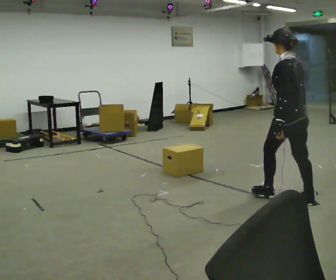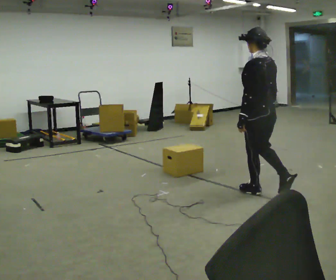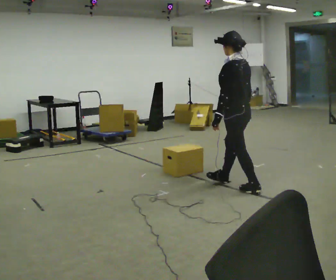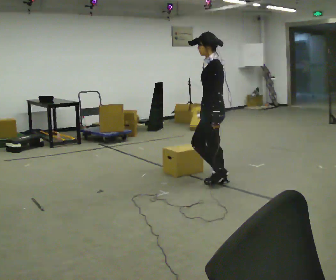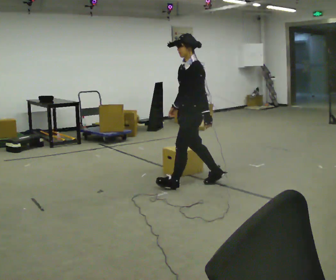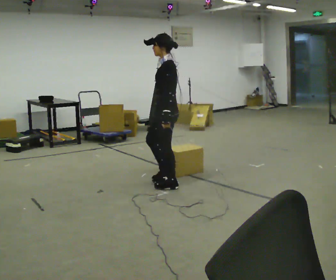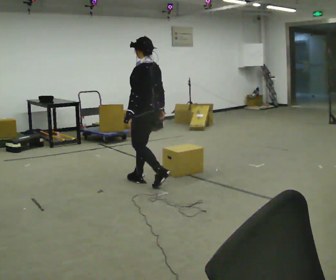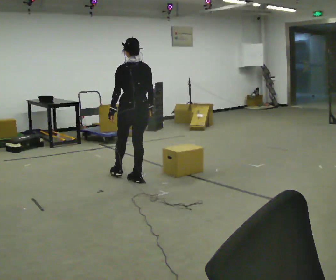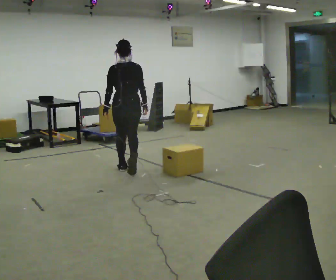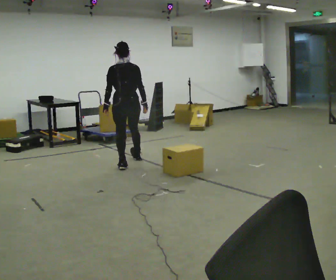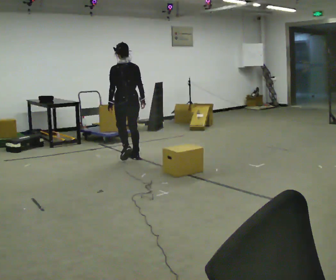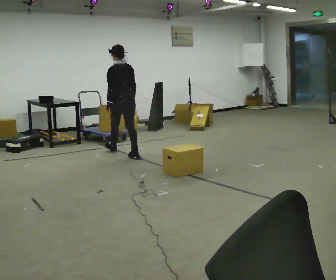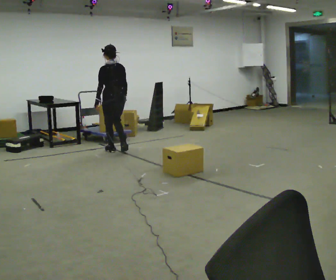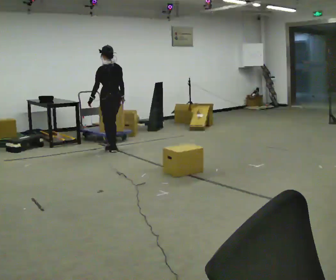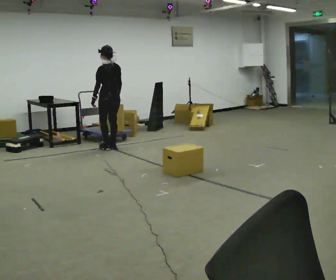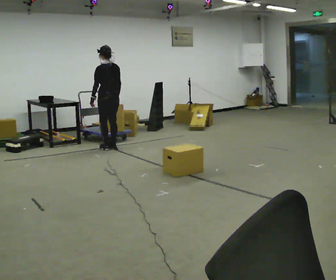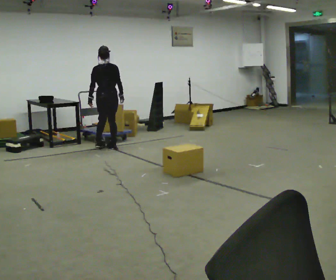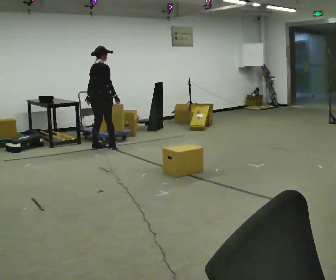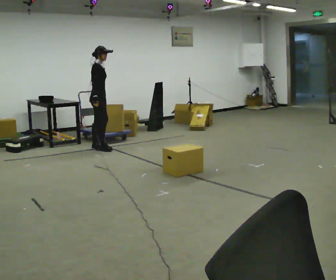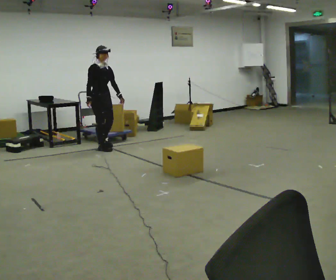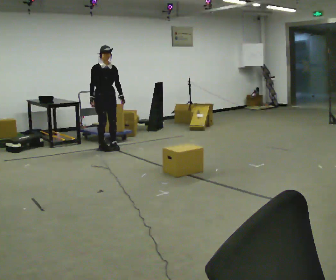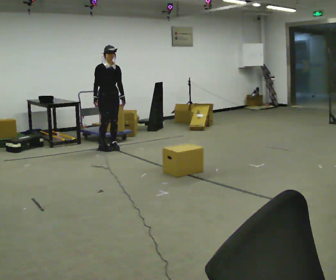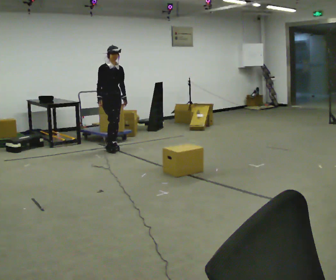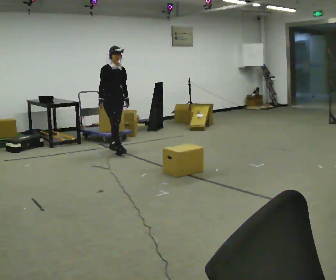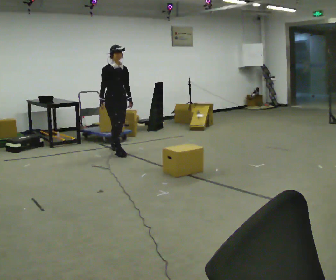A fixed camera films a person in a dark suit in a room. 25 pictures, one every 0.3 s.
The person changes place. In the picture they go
away from the camera.
0.0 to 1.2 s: The part of the body nearest the lens slides to the right as the person turns to their left by about 60 degrees. In the picture they go away from the camera and to the left, about 1 m in 2 steps.
1.2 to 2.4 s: Seen from above the body turns clockwise, about 105 degrees: to their right, with its near side sliding to the left. In the picture they go away from the camera and to the left, about 1 m in 3 steps.
2.4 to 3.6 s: The person turns about 30 degrees to their left, counterclockwise seen from above, so the part of the body nearest the lens slides to the right. In the picture they go away from the camera, about 1 m in 2 steps, which for them is forward.
3.6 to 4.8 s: In the picture they go away from the camera, about 0.25 m in 2 steps, which for them is forward.
4.8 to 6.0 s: Seen from above the body turns clockwise, about 165 degrees: to their right, with its near side sliding to the left. In the picture their left hand goes to the right, the arm swinging counterclockwise.
6.0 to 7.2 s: In the picture they go toward the camera and to the right, about 0.25 m in 1 step, which for them is forward.
The film runs forward here.
